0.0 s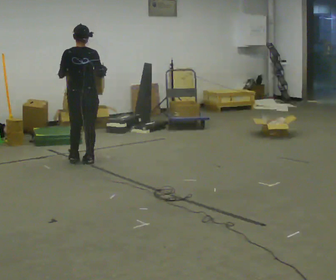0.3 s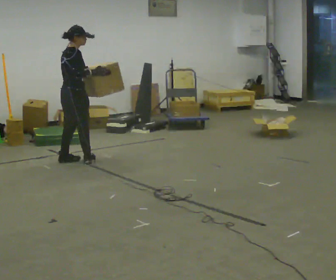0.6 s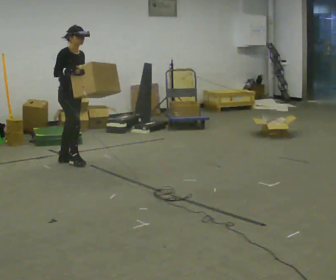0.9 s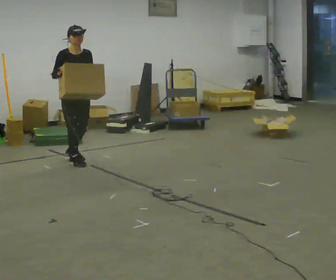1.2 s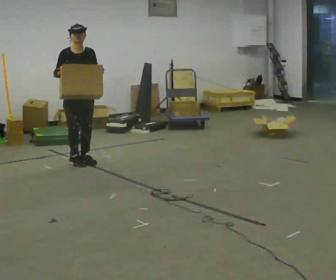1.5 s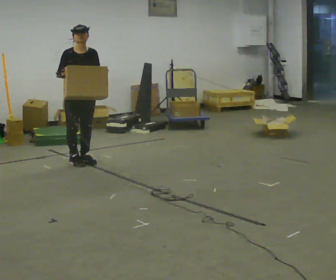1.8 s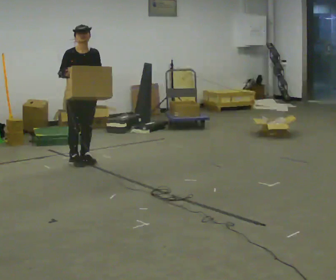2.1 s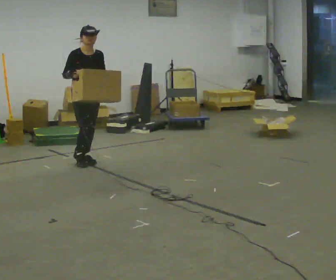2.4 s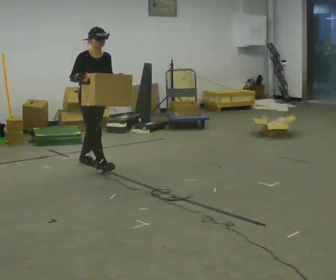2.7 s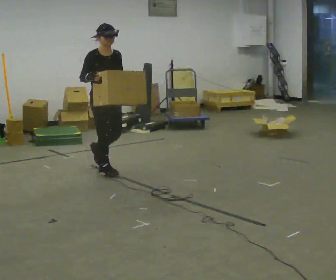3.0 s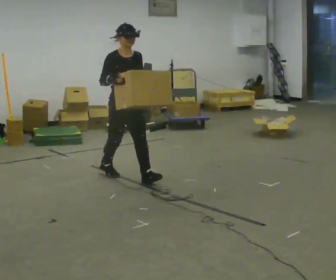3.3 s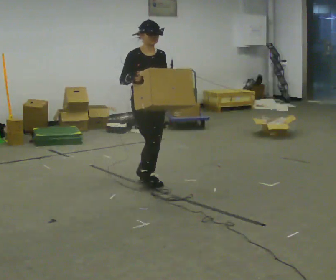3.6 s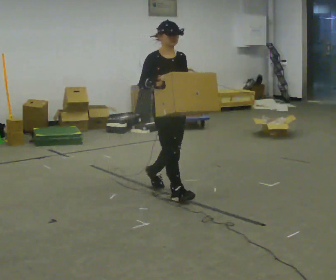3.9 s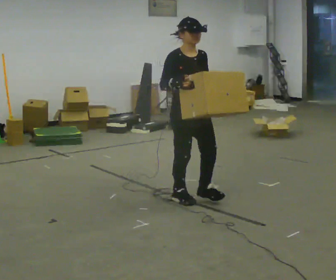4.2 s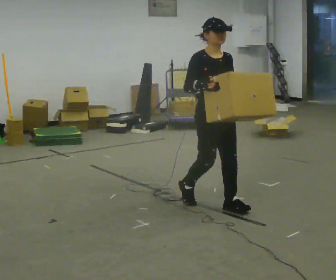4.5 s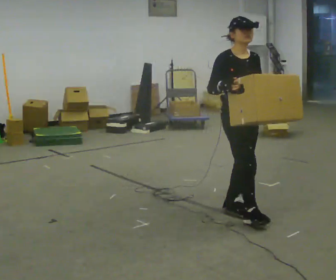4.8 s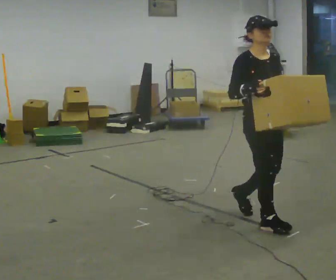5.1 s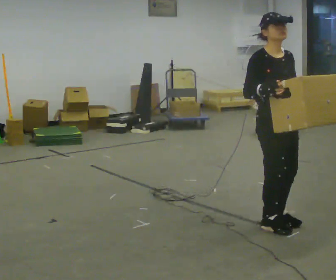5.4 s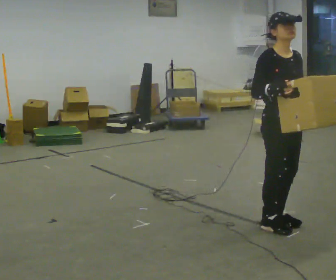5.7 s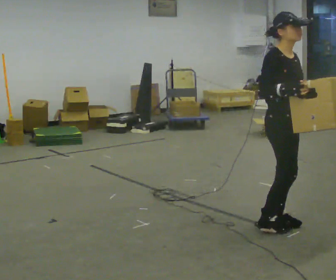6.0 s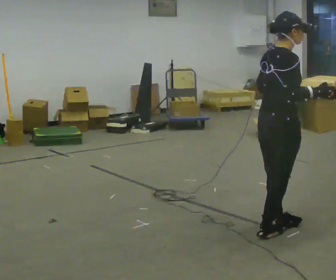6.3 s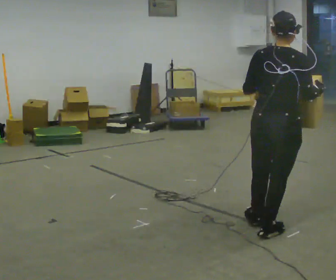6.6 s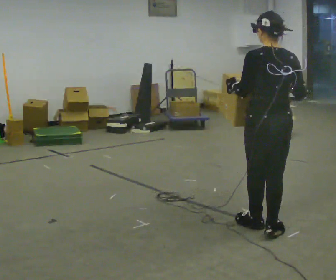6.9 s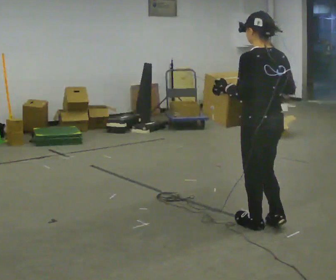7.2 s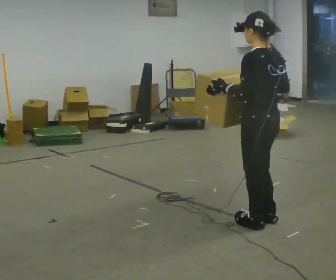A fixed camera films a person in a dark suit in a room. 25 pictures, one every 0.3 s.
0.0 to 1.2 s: The part of the body nearest the lens slides to the left as the person turns to their right by about 165 degrees. In the picture their right hand goes to the left.
1.2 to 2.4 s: In the picture they go toward the camera, about 0.25 m, which for them is forward.
2.4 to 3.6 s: In the picture they go toward the camera and to the right, about 1 m in 3 steps, which for them is forward.
3.6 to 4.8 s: In the picture they go toward the camera and to the right, about 1 m in 2 steps, which for them is forward.
4.8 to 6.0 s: The person turns about 75 degrees to their left, counterclockwise seen from above, so the part of the body nearest the lens slides to the right. In the picture they go toward the camera, about 0.25 m in 2 steps.
6.0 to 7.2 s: The person turns about 120 degrees to their left, counterclockwise seen from above, so the part of the body nearest the lens slides to the right.
The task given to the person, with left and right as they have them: Carry the box across the room as briskly as you comfortably can, back and forth. Do not run.
The film runs forward here.
